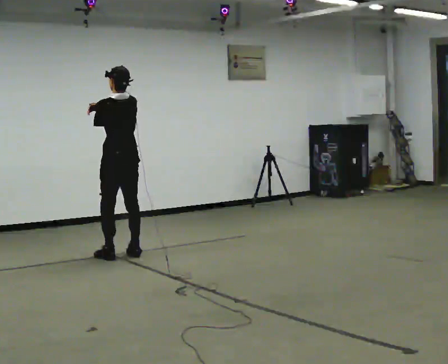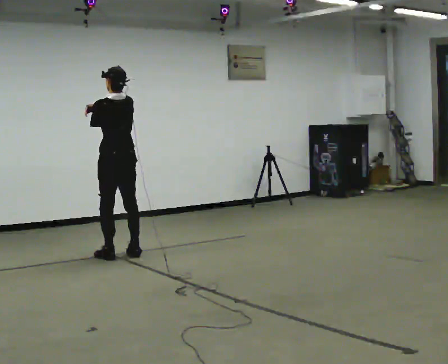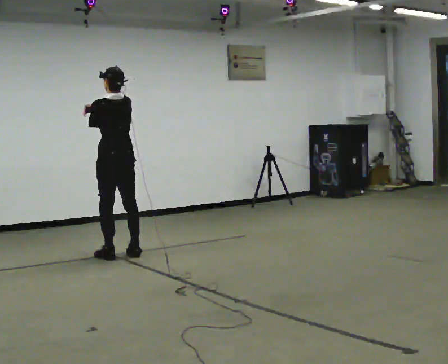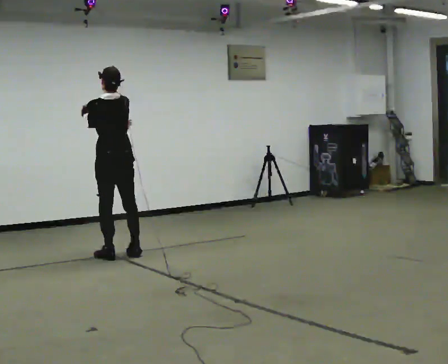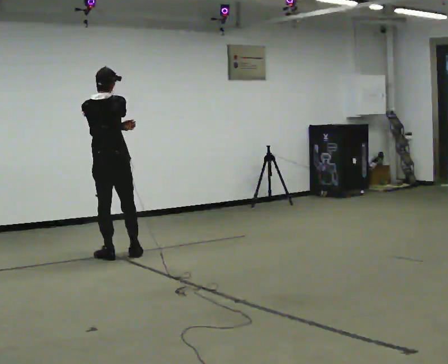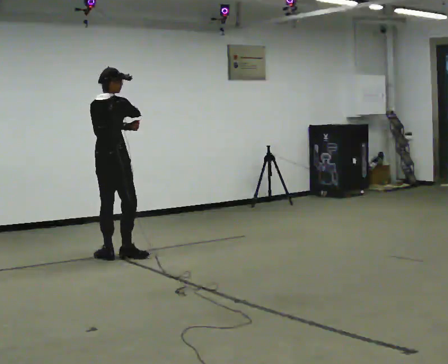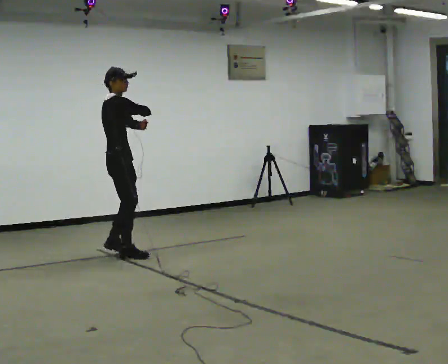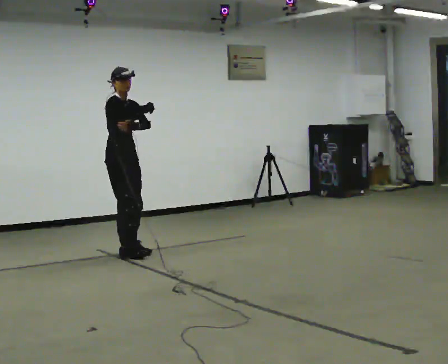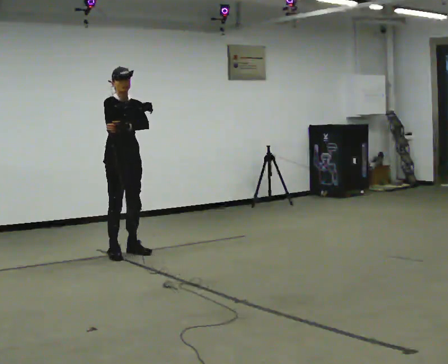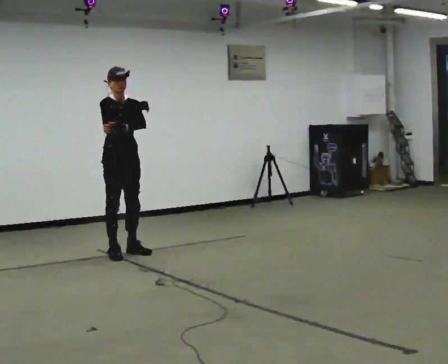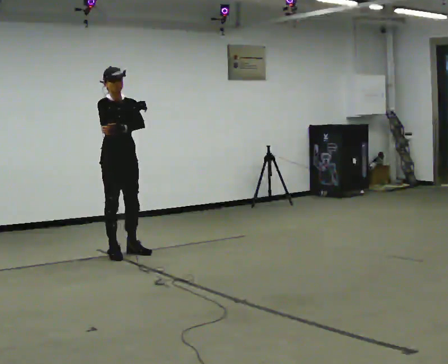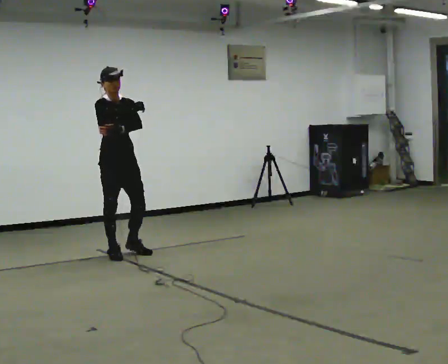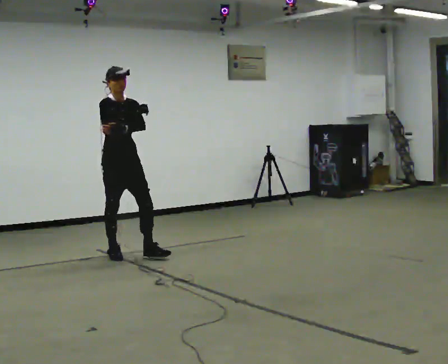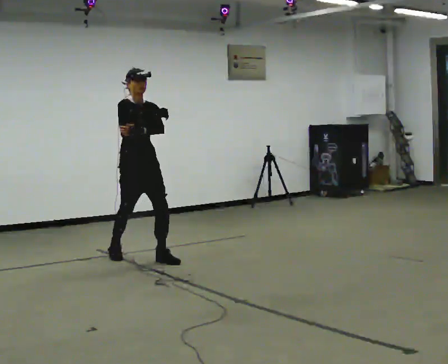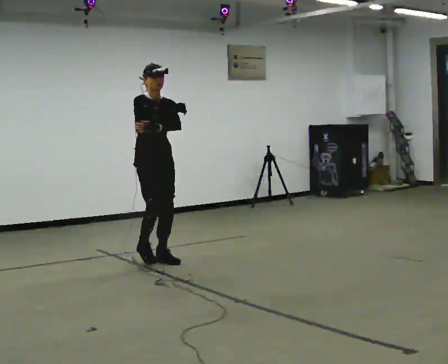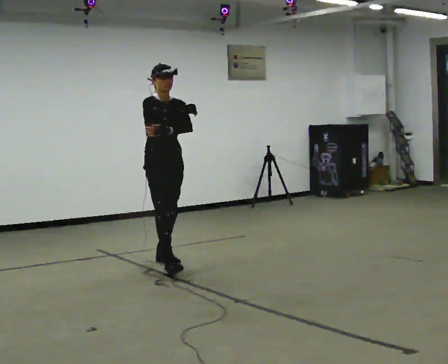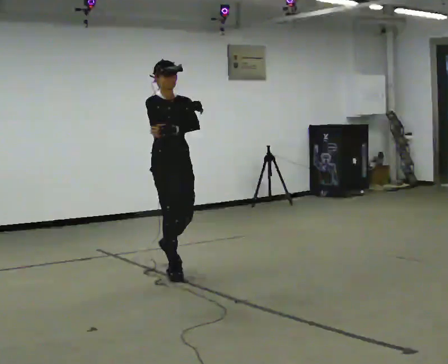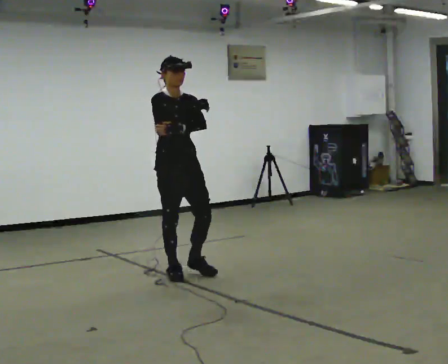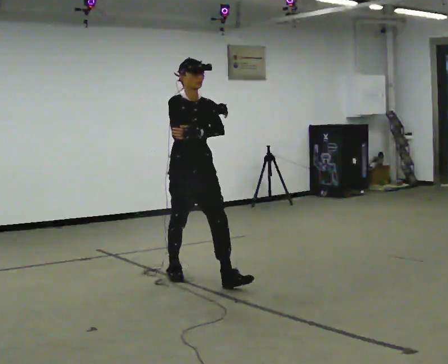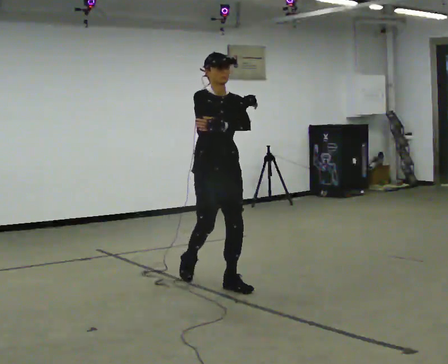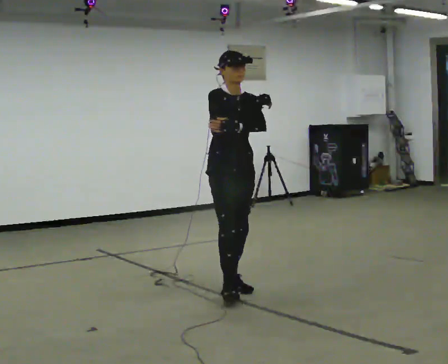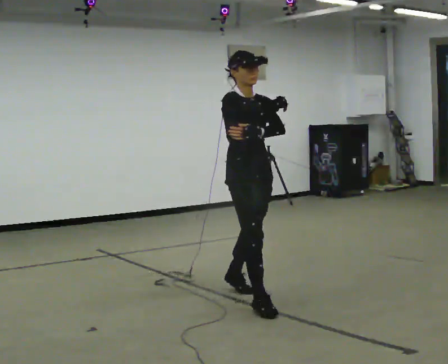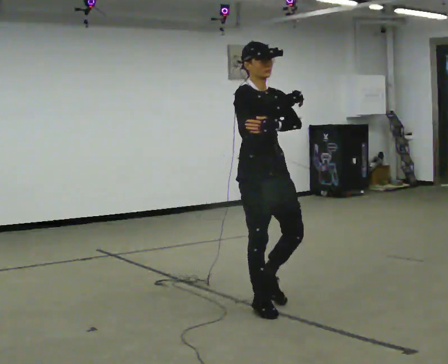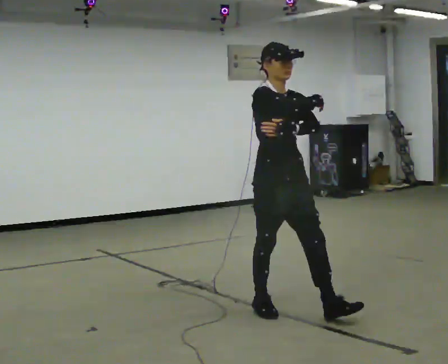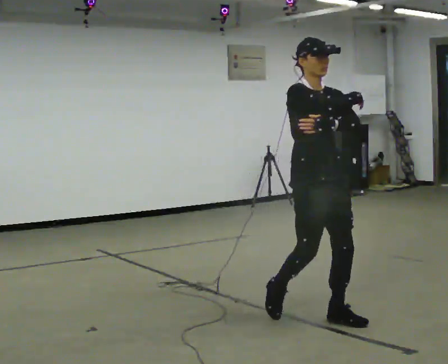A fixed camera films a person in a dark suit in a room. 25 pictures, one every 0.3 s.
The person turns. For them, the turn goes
to their right.
The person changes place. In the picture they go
toward the camera.
0.0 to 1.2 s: Seen from above the body turns clockwise, about 45 degrees: to their right, with its near side sliding to the left.
1.2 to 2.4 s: The person turns about 135 degrees to their right, clockwise seen from above, so the part of the body nearest the lens slides to the left. In the picture they go away from the camera, about 0.25 m in 1 step. In the picture their right hand goes to the right.
2.4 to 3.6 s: The person moves a little, or ends about where they began.
3.6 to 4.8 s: In the picture they go toward the camera and to the right, about 1 m in 2 steps, which for them is forward.
4.8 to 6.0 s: In the picture they go toward the camera and to the right, about 1 m in 1 step, which for them is forward.
6.0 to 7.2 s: In the picture they go toward the camera and to the right, about 1 m in 2 steps, which for them is forward.
The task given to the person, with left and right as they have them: Walk normally but hold both hands together in front of you at chest height; do not swing your arms; stop.
The film runs forward here.
